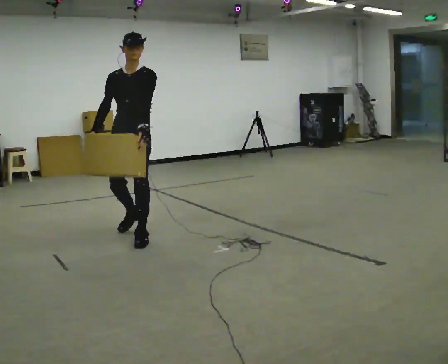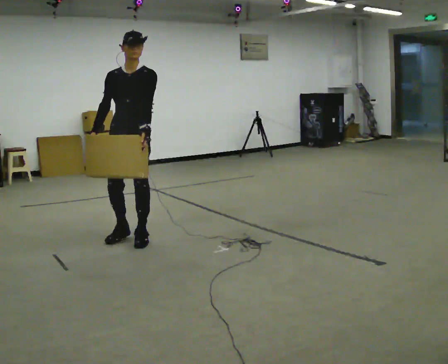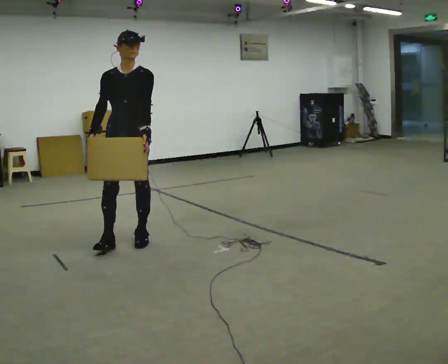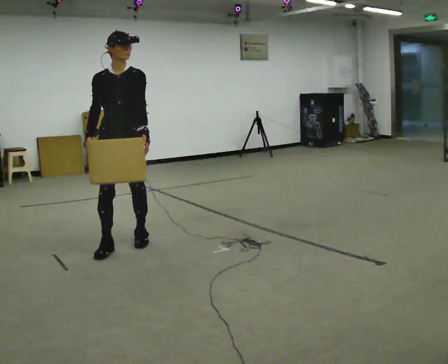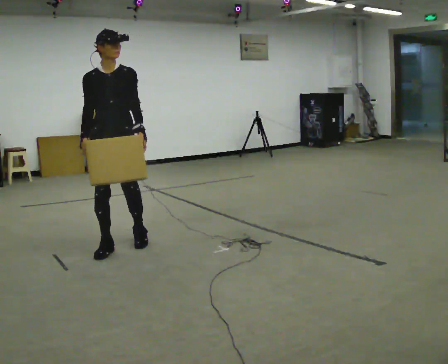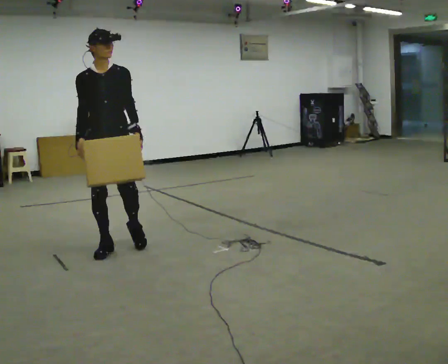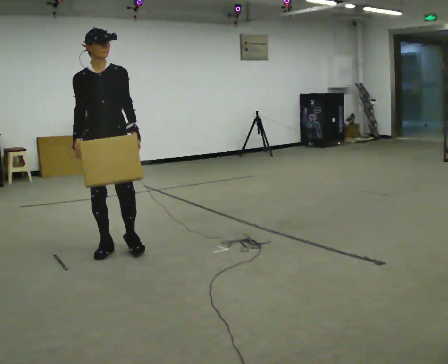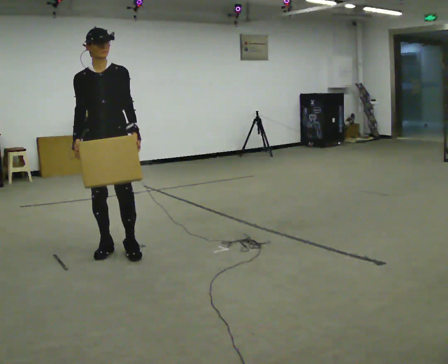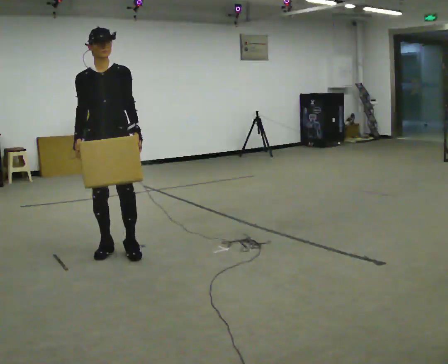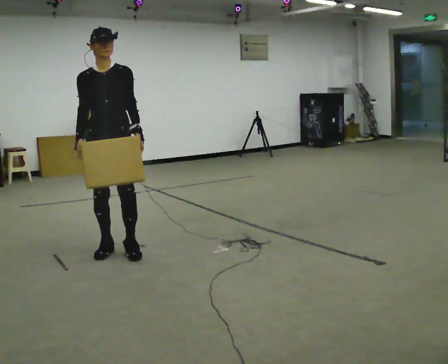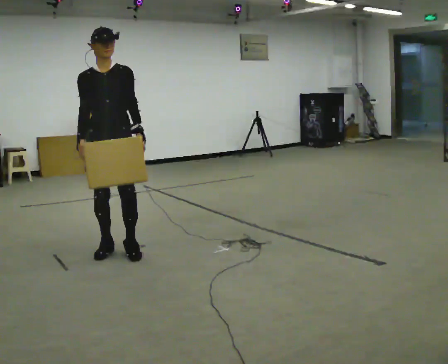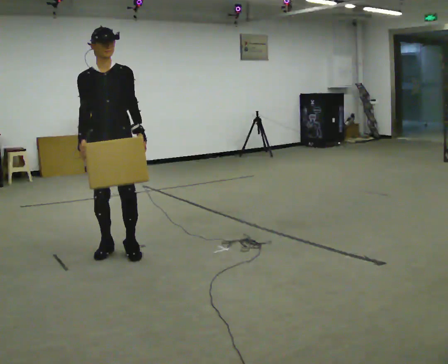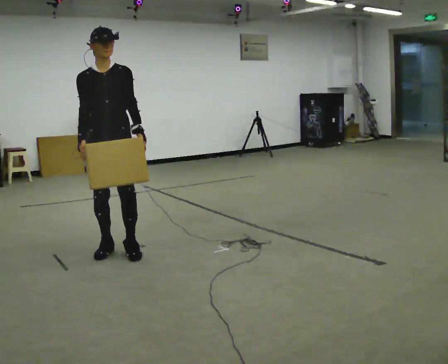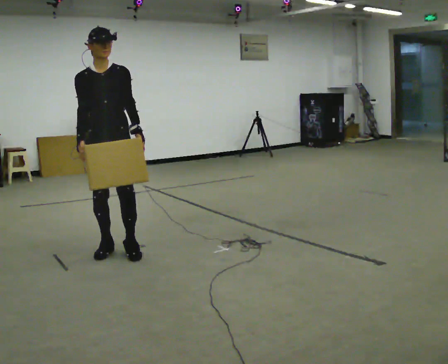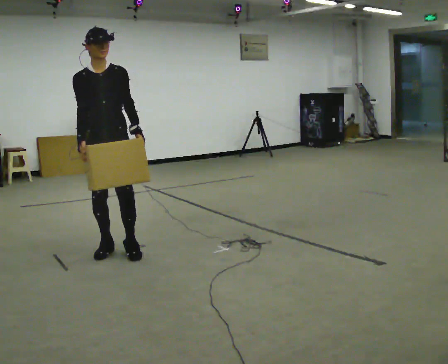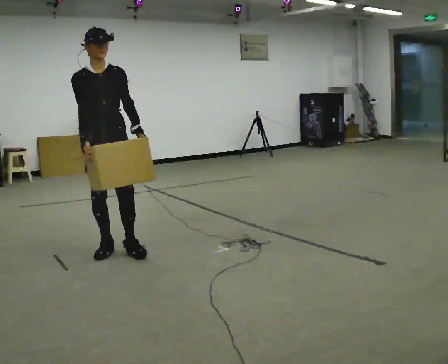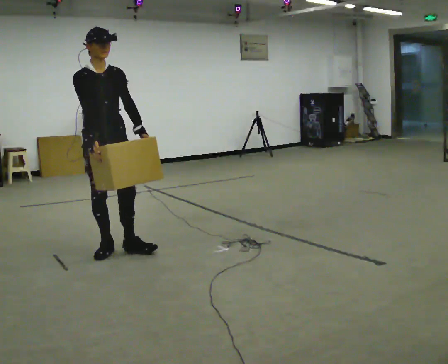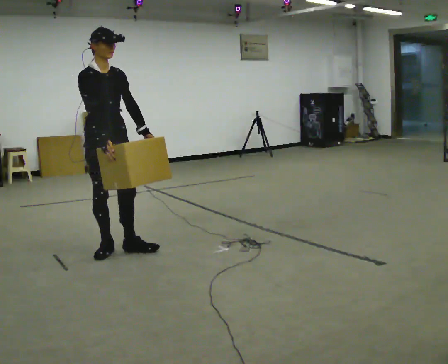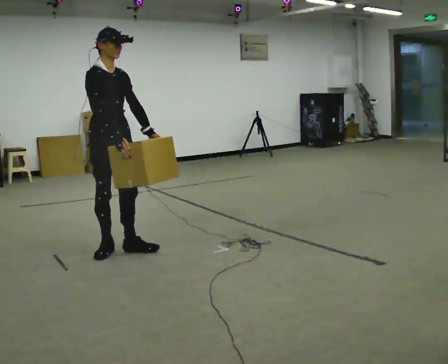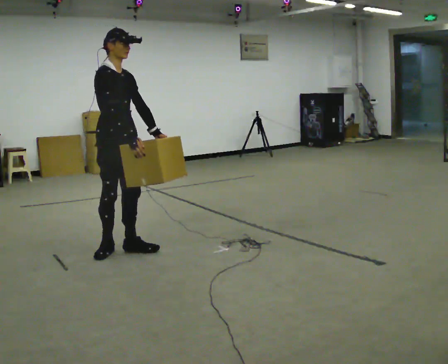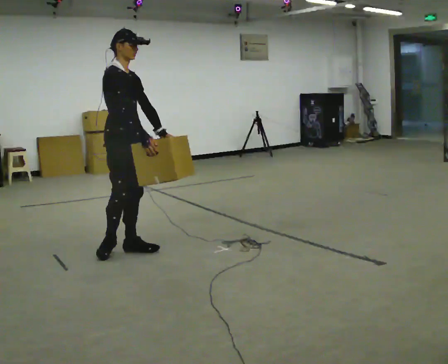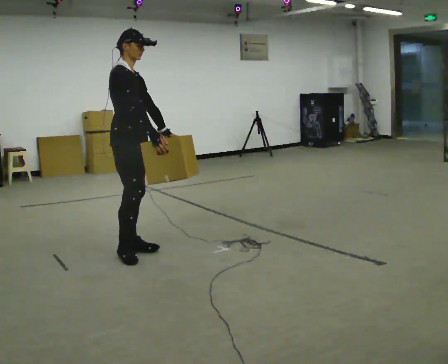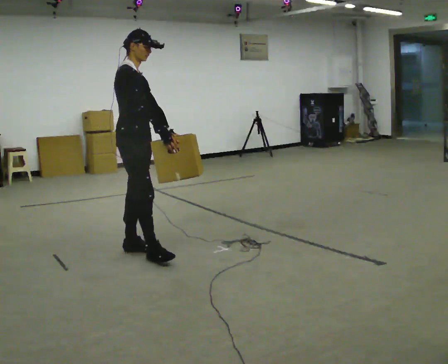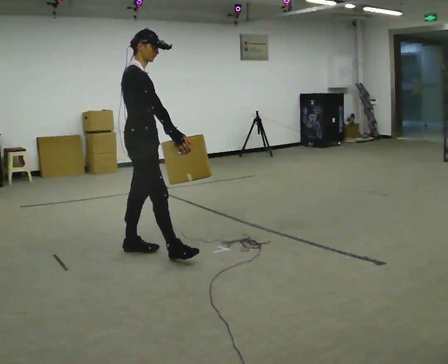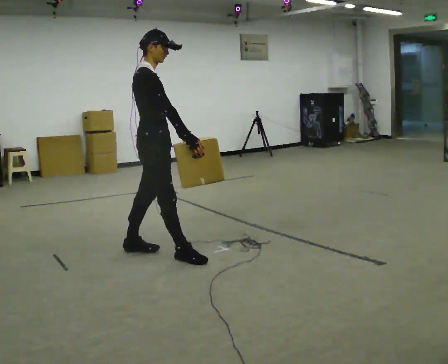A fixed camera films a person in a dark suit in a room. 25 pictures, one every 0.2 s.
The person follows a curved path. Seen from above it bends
counterclockwise.
The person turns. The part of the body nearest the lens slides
to the right.
0.0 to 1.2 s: The person turns about 30 degrees to their left, counterclockwise seen from above, so the part of the body nearest the lens slides to the right. In the picture they go toward the camera and to the left, about 0.5 m in 1 step, which for them is forward and to their right.
1.2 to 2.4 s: The person moves a little, or ends about where they began.
2.4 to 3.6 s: Seen from above the body turns counterclockwise, about 45 degrees: to their left, with its near side sliding to the right.
3.6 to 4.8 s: The person turns about 30 degrees to their left, counterclockwise seen from above, so the part of the body nearest the lens slides to the right. In the picture they go to the right, about 0.25 m in 1 step, which for them is forward.
The film runs forward here.
